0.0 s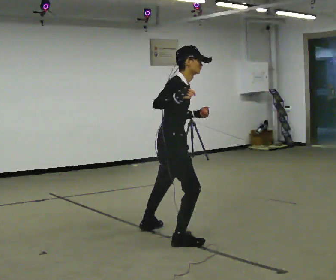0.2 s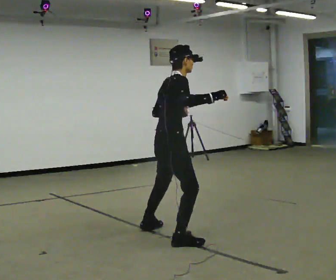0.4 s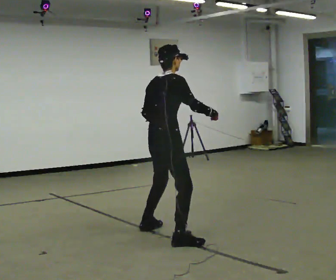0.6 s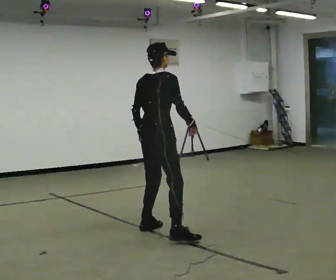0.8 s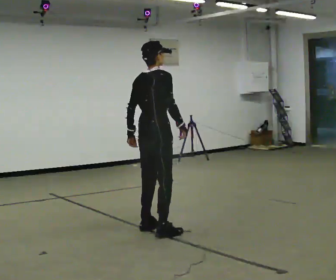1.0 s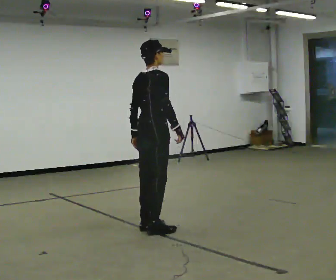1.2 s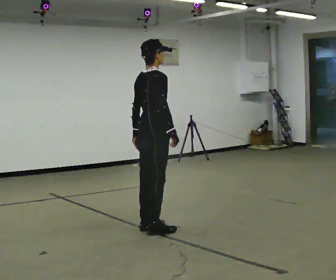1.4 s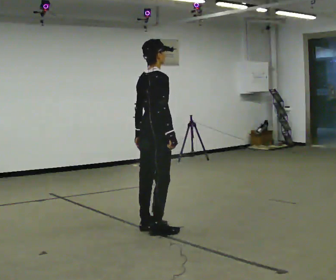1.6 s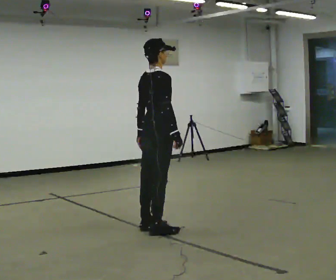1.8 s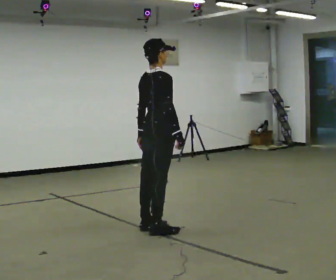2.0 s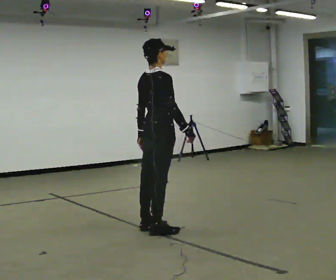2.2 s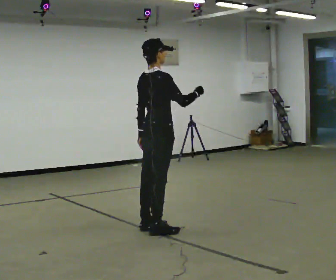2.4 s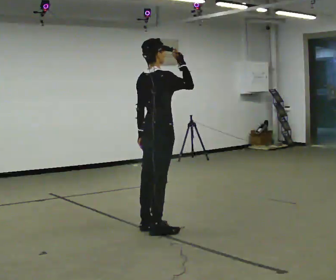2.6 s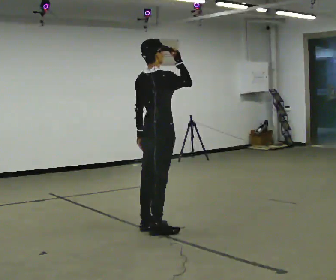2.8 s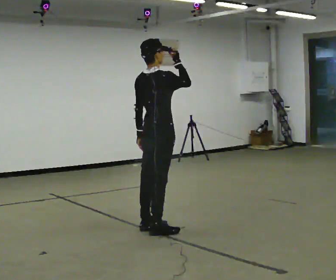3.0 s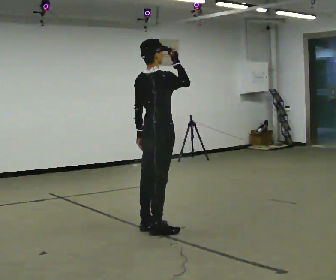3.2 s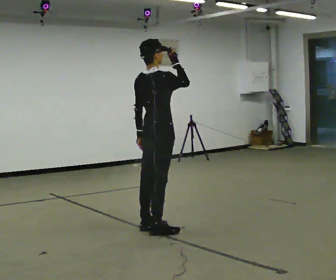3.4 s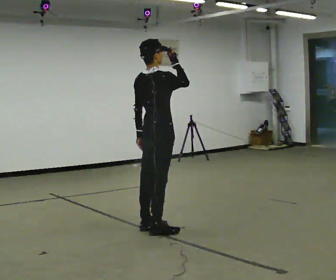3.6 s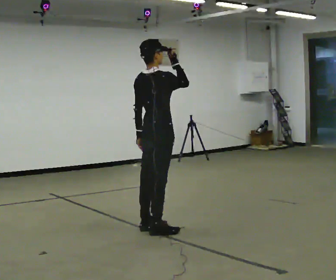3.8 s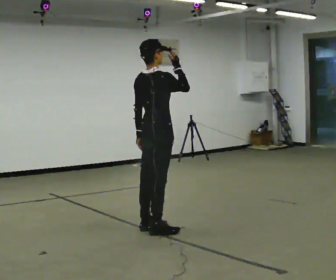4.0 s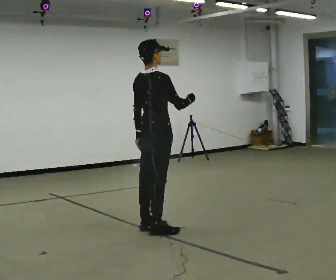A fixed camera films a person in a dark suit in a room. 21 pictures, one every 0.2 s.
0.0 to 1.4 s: Seen from above the body turns counterclockwise, about 30 degrees: to their left, with its near side sliding to the right. In the picture they go away from the camera, about 0.25 m in 1 step, which for them is to their left and forward. In the picture their right hand goes downward.
1.4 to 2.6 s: In the picture their right hand goes upward.
2.6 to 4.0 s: In the picture their right hand goes downward.
The film runs forward here.
